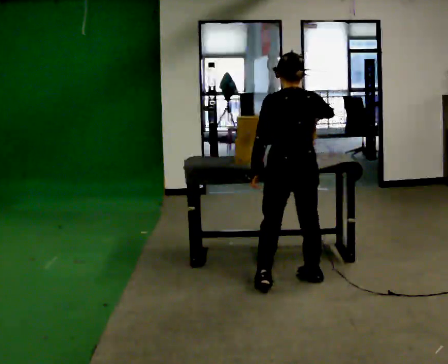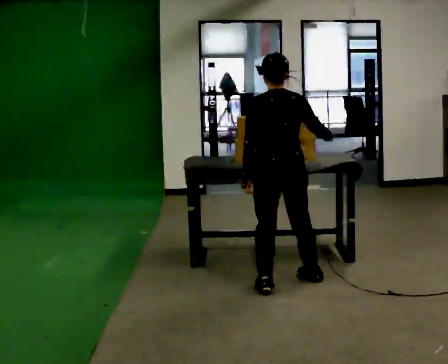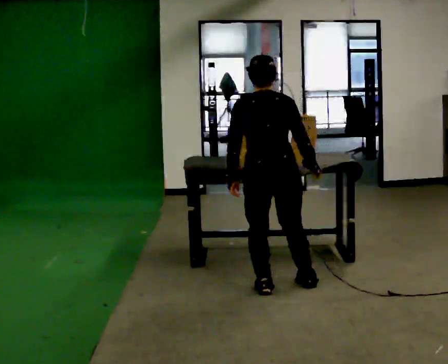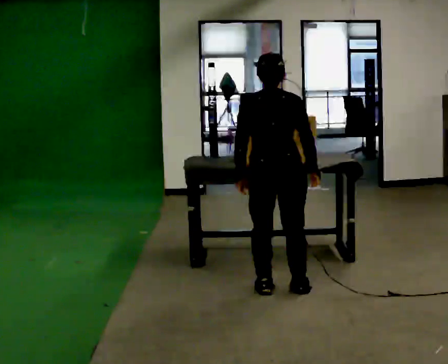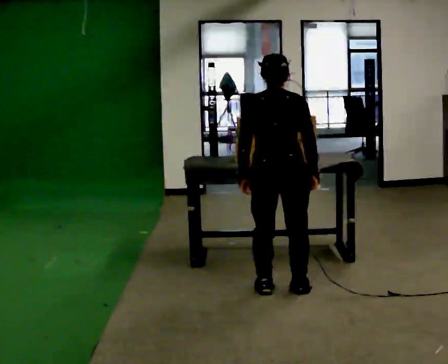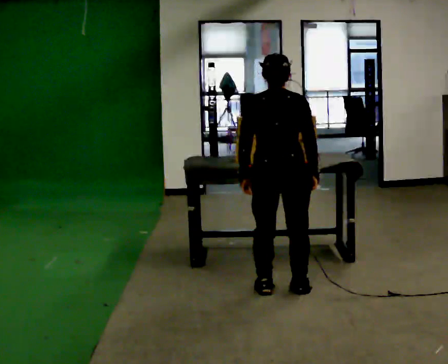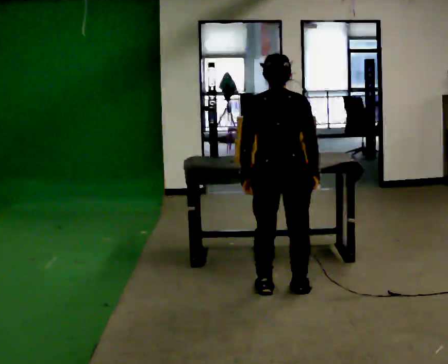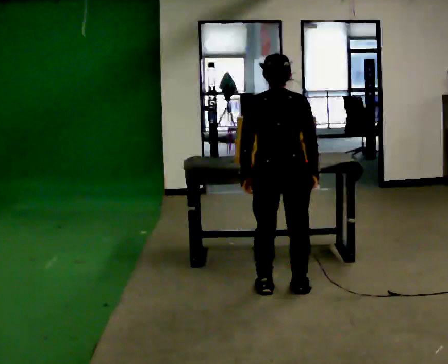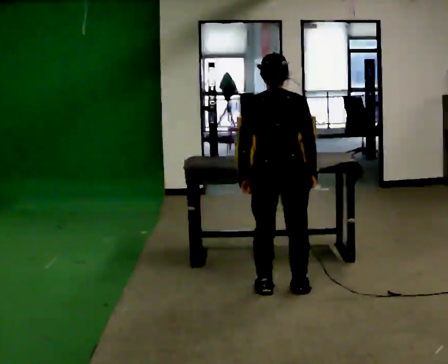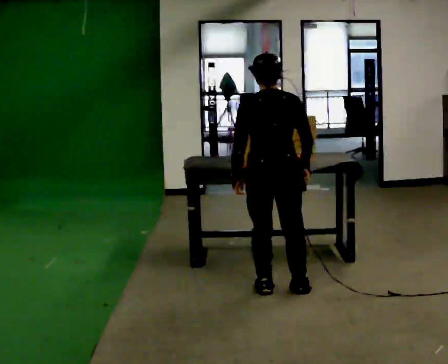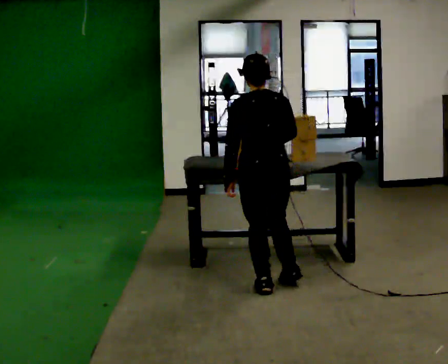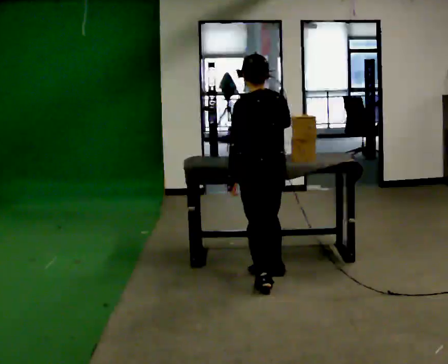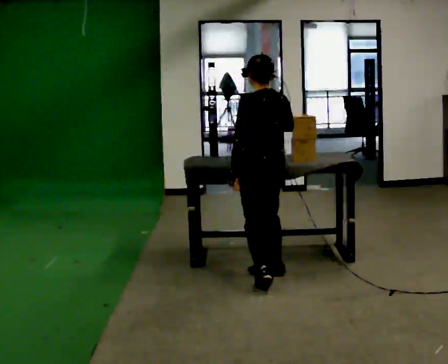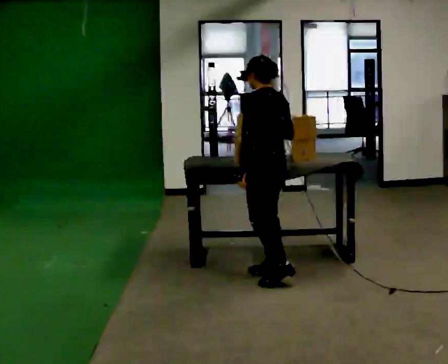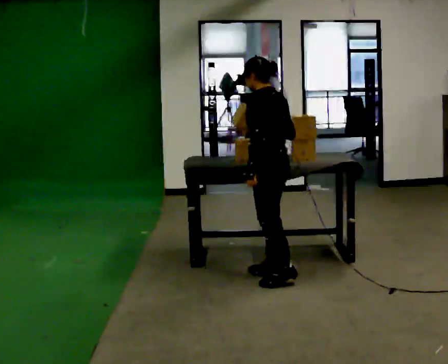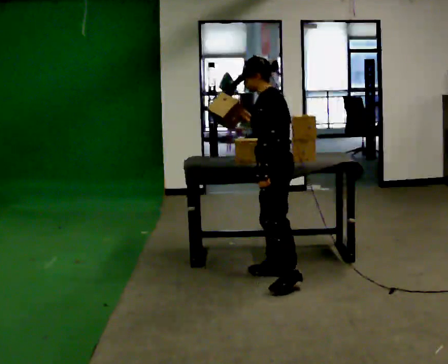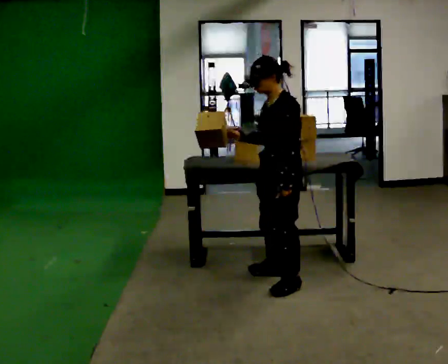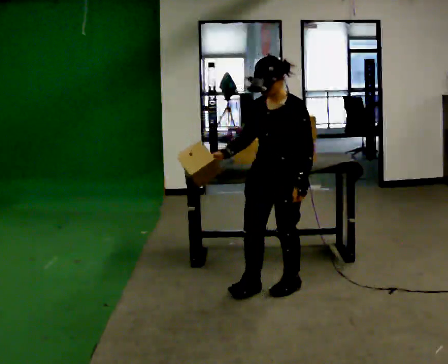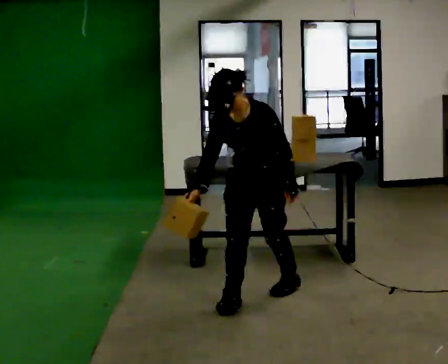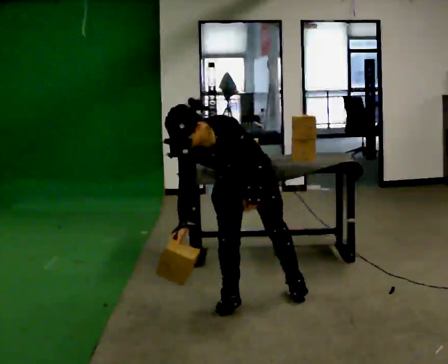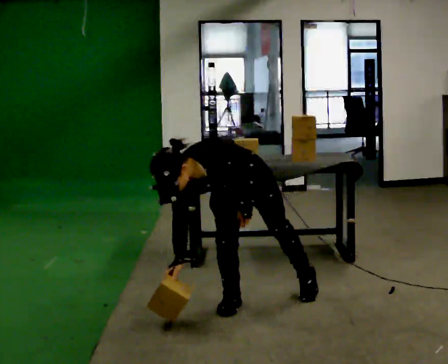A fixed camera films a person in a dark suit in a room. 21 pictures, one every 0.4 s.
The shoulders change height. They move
downward.
Their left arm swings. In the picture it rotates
counterclockwise.
0.0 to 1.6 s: In the picture they go toward the camera, about 0.25 m in 1 step, which for them is backward and to their left. In the picture their right hand goes downward.
1.6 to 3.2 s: The person keeps their place and pose.
3.2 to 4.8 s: Seen from above the body turns counterclockwise, about 45 degrees: to their left, with its near side sliding to the right. In the picture they go away from the camera, about 0.25 m in 1 step, which for them is forward.
4.8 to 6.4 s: The person turns about 75 degrees to their left, counterclockwise seen from above, so the part of the body nearest the lens slides to the right. In the picture they go toward the camera, about 0.25 m in 1 step.
6.4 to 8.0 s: The person turns about 45 degrees to their left, counterclockwise seen from above, so the part of the body nearest the lens slides to the right. In the picture they go to the left and toward the camera, about 0.5 m in 1 step, which for them is forward and to their right. The shoulders move downward. The upper body tips toward the camera, its near side rolling downward, as they bend forward. In the picture their right hand goes downward.
The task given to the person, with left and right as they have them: Pick the object up off the floor using only the hand the operator calls, then carry it to the table in that same hand. Keep going until the operator says stop; one object at a time, and do not rush between trips.
The film runs forward here.
